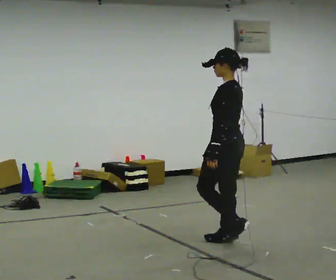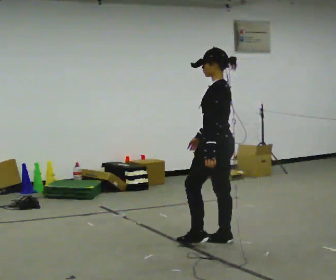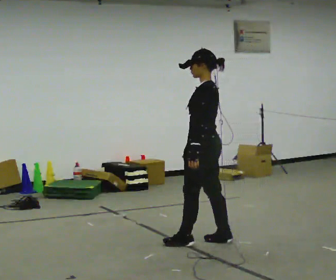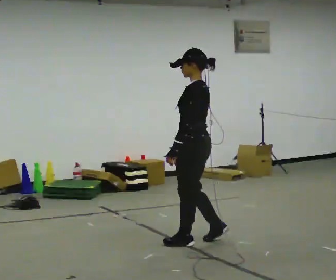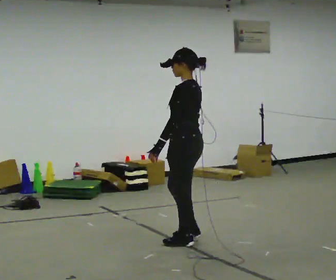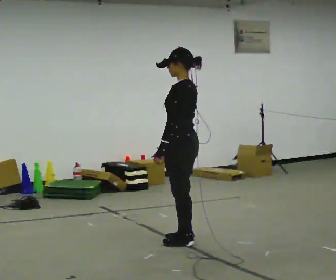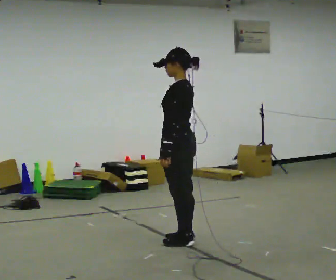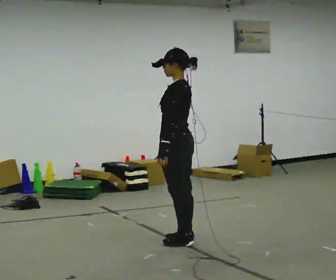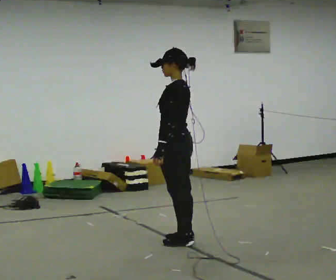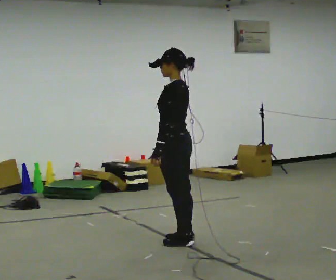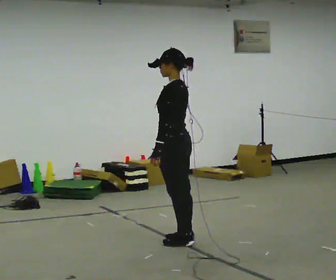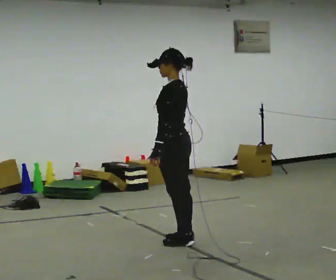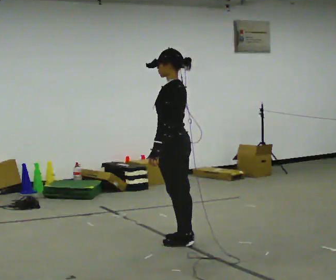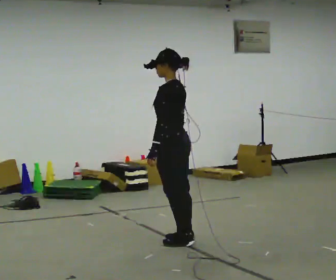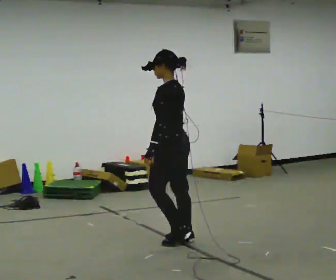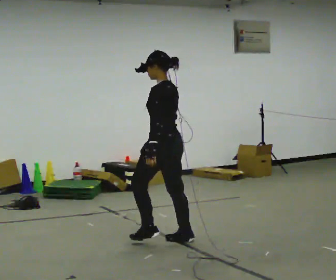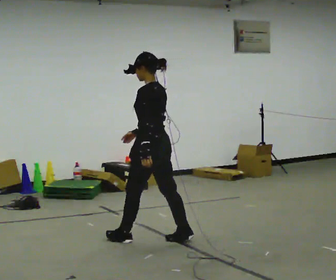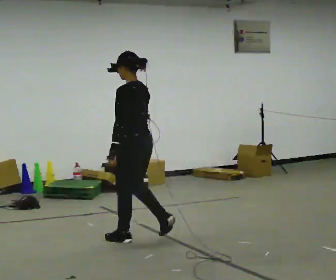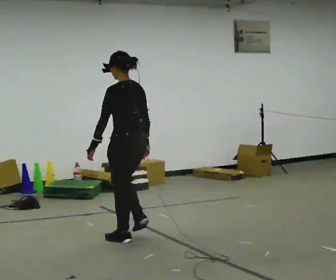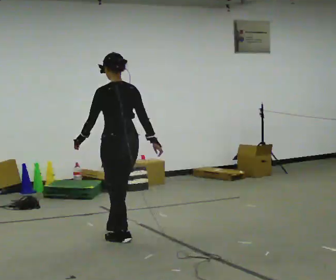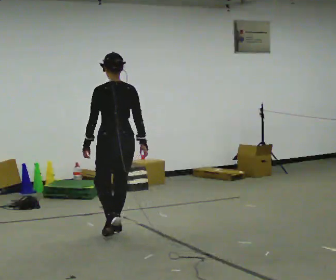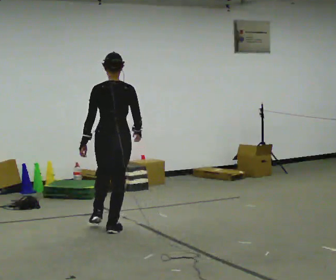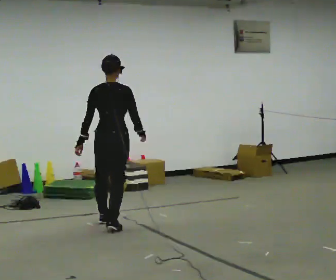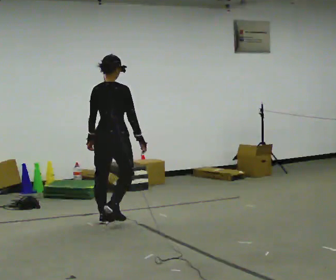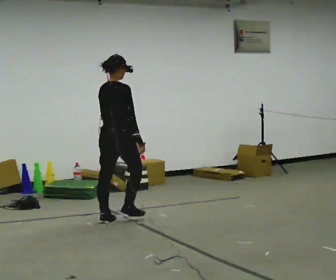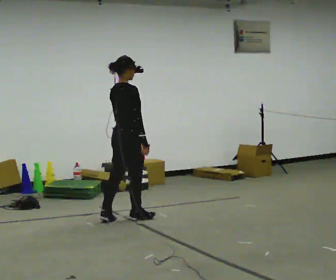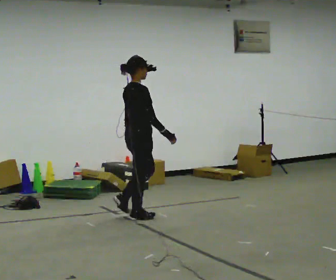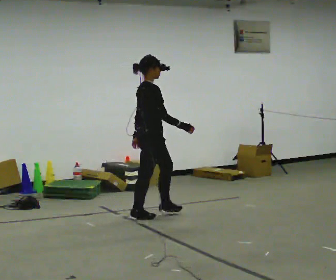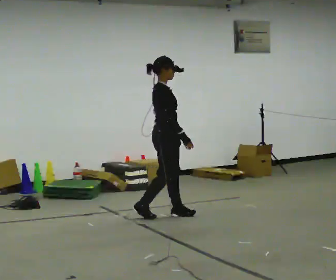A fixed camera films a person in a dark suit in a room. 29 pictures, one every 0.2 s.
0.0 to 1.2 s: In the picture they go to the left, about 0.5 m in 2 steps, which for them is forward.
1.2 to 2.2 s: The person moves a little, or ends about where they began.
2.2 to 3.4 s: In the picture they go to the left, about 0.25 m in 1 step, which for them is forward.
3.4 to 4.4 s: The part of the body nearest the lens slides to the left as the person turns to their right by about 75 degrees. In the picture they go away from the camera and to the left, about 0.5 m in 2 steps.
4.4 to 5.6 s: The person turns about 75 degrees to their right, clockwise seen from above, so the part of the body nearest the lens slides to the left. In the picture they go to the right and away from the camera, about 0.5 m in 2 steps.
The film runs forward here.
